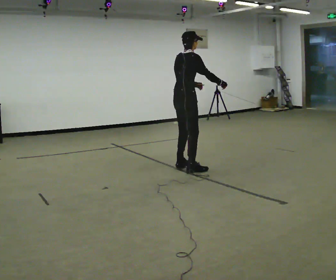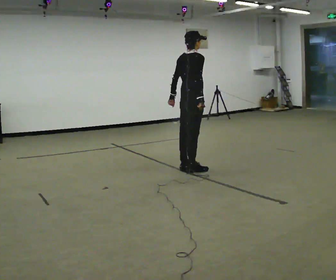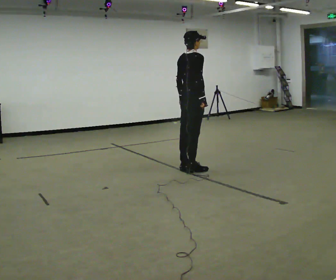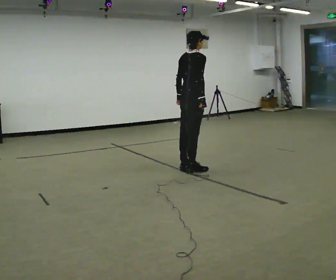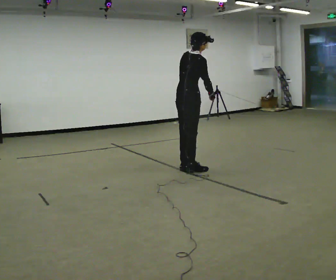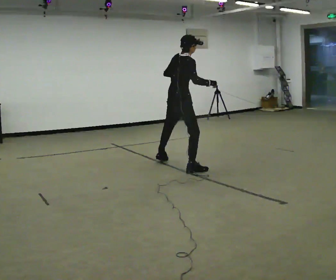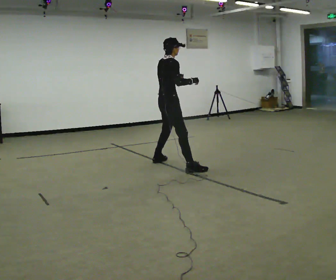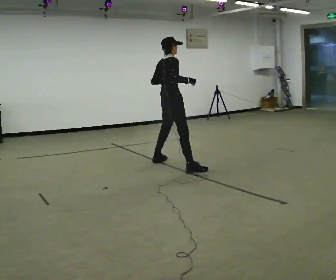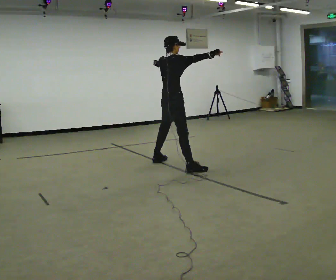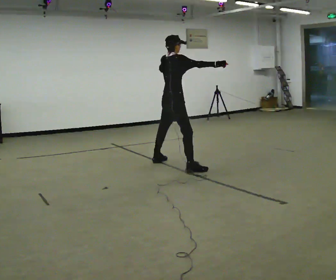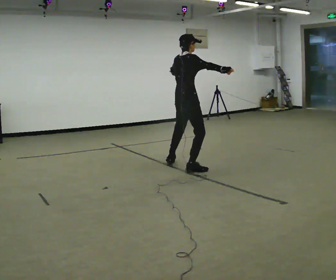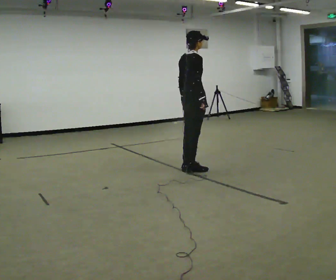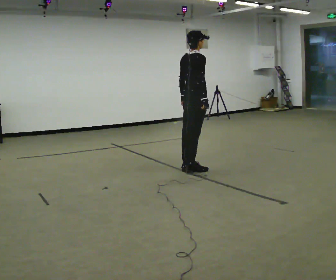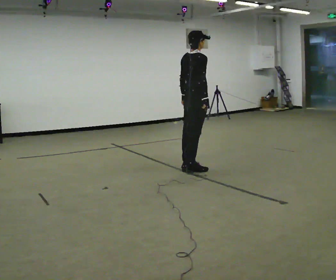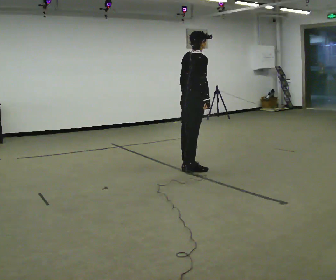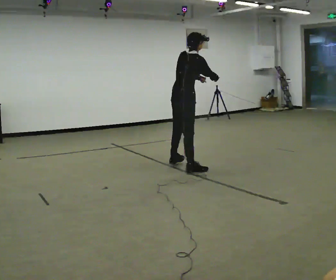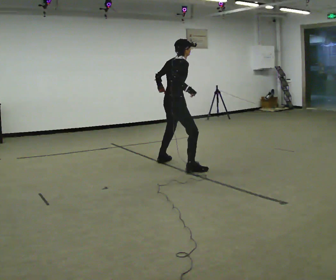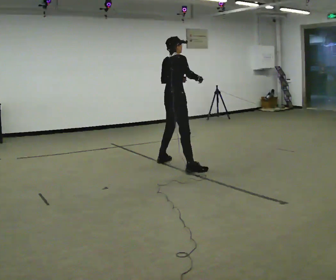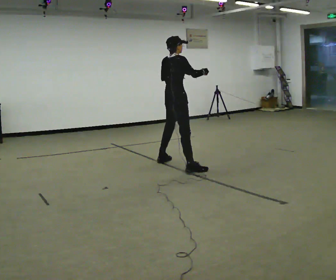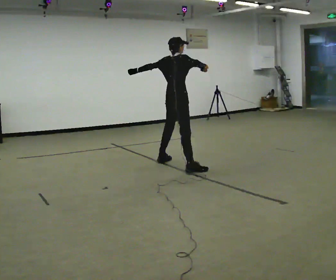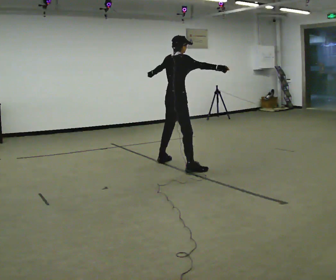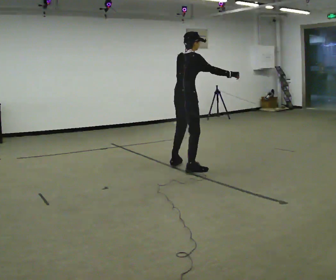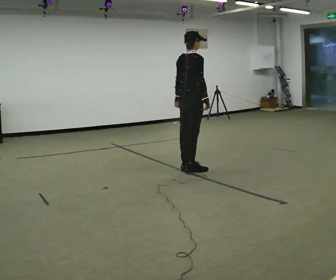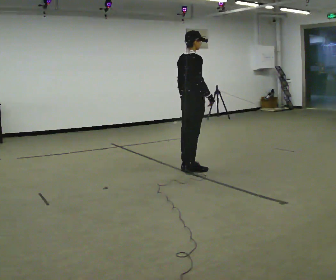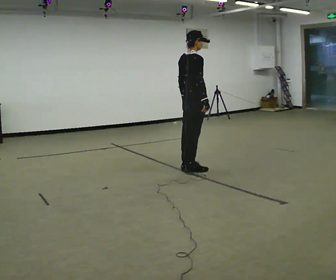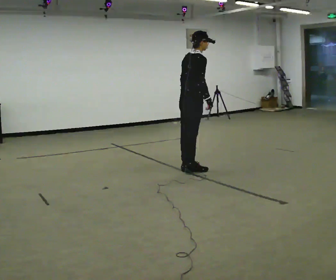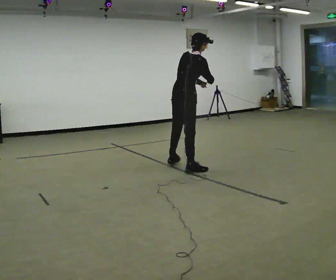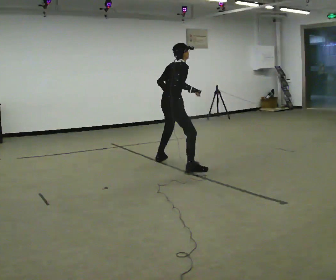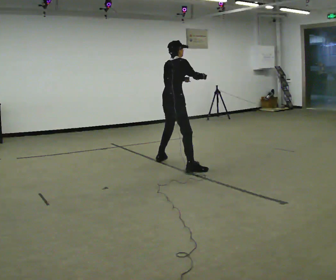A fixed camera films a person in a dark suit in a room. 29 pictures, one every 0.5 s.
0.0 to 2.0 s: The person moves a little, or ends about where they began.
2.0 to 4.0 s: In the picture they go to the left and away from the camera, about 0.25 m in 1 step, which for them is to their left. In the picture the upper body tilts counterclockwise, shoulders to the left. In the picture their right hand goes upward.
4.0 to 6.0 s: In the picture they go to the right and toward the camera, about 0.25 m in 1 step, which for them is to their right. In the picture their right hand goes downward.
6.0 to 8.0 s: In the picture they go to the left and away from the camera, about 0.25 m in 1 step, which for them is to their left.
8.0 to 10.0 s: The person moves a little, or ends about where they began.
10.0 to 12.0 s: In the picture they go to the right and toward the camera, about 0.25 m in 1 step, which for them is to their right. In the picture their right hand goes downward.
12.0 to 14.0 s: In the picture they go to the left and away from the camera, about 0.5 m in 1 step, which for them is to their left. In the picture their right hand goes upward.
The film runs forward here.
